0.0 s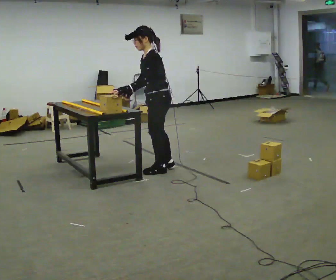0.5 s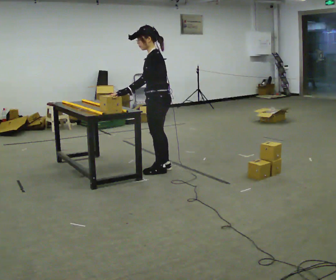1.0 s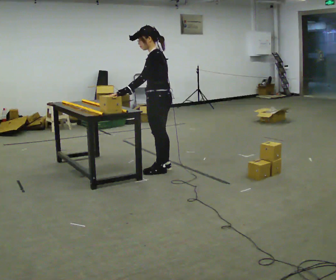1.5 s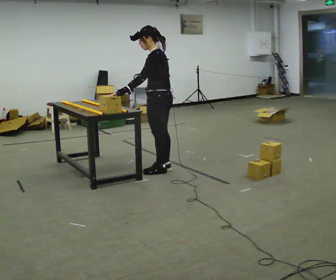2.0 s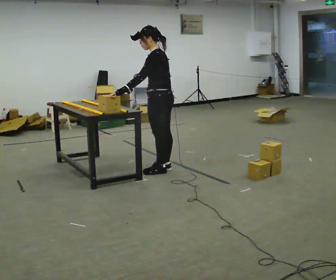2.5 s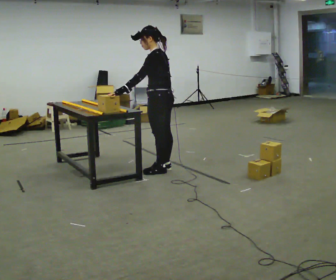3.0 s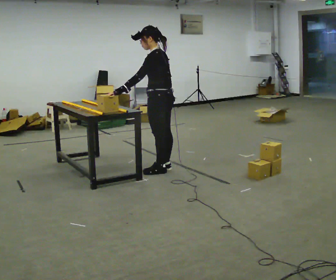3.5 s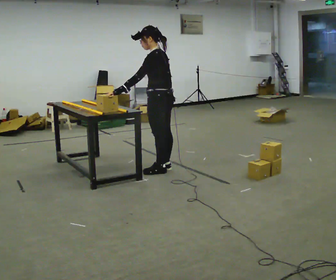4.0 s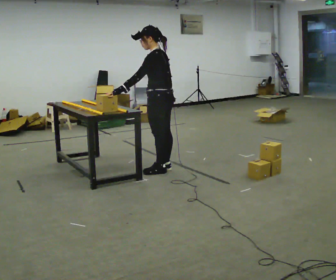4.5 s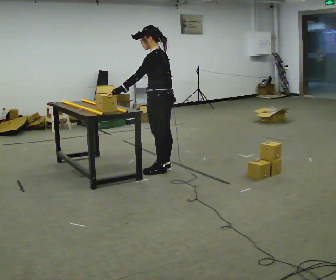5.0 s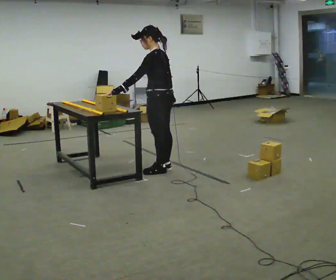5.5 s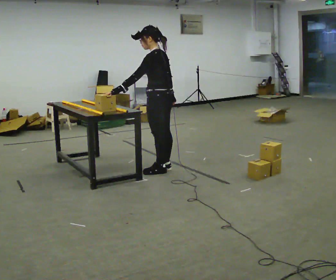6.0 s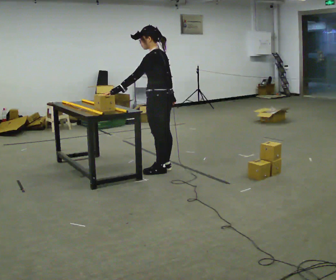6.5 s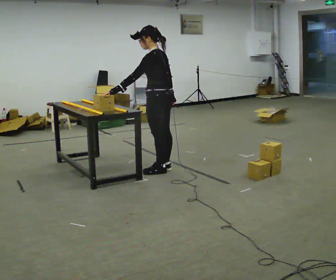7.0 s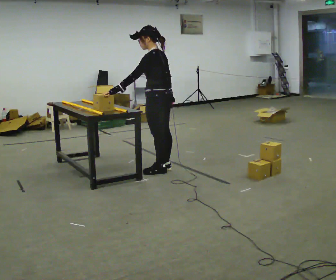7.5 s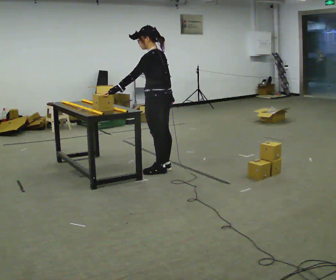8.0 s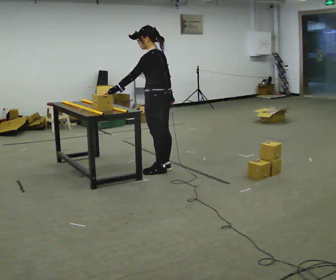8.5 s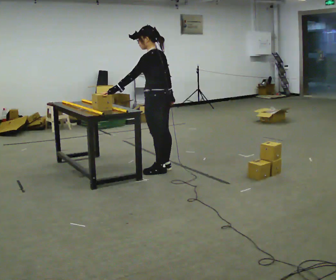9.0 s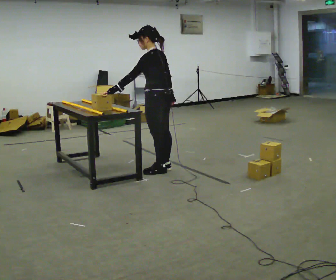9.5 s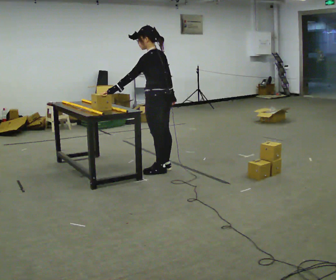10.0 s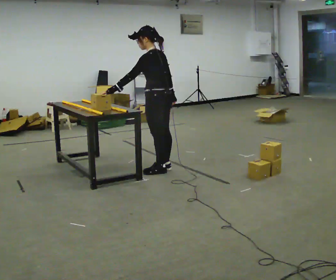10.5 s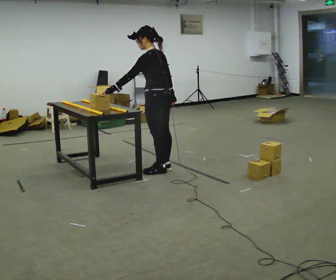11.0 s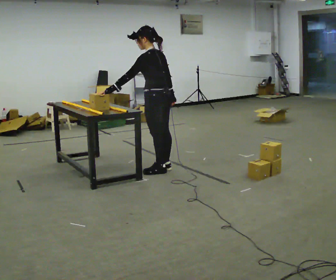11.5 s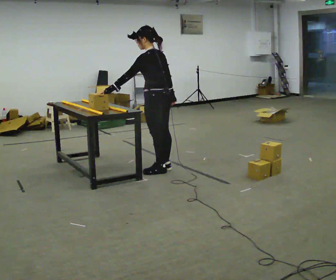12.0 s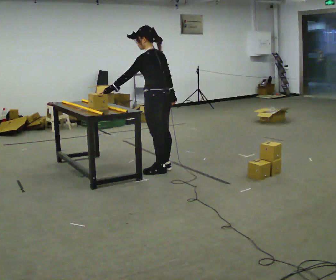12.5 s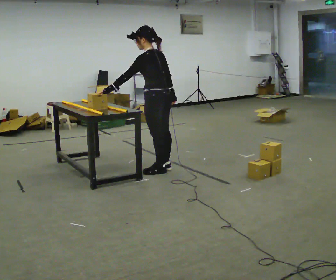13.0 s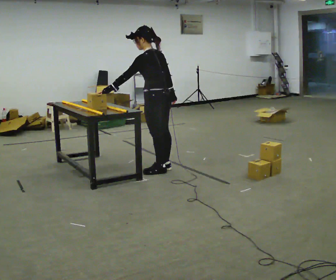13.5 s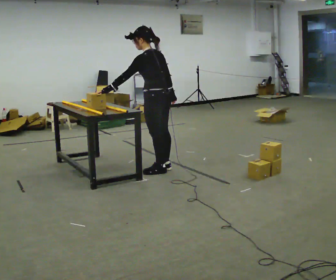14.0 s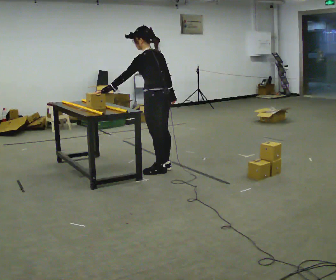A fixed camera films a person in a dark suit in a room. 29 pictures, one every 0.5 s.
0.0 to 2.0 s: In the picture their right hand goes to the right, the arm swinging counterclockwise.
2.0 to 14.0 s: The person moves a little, or ends about where they began.
The film runs forward here.
